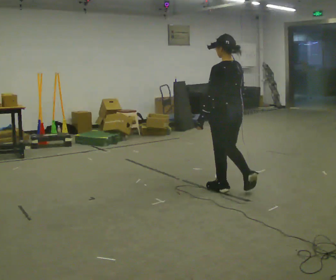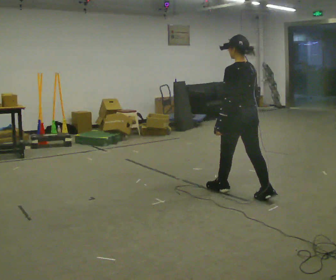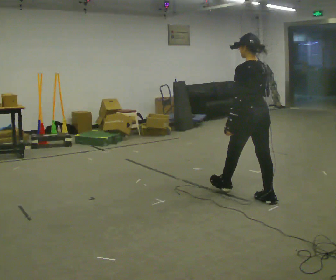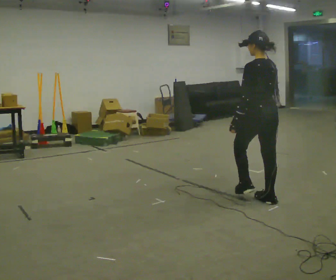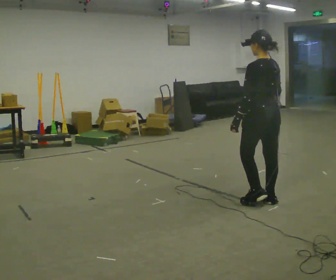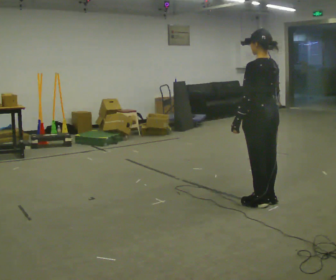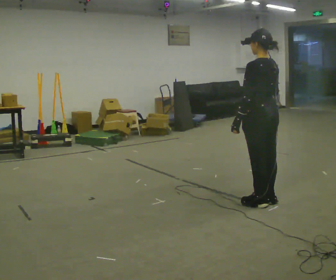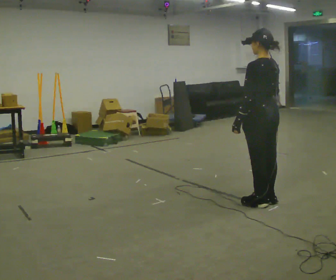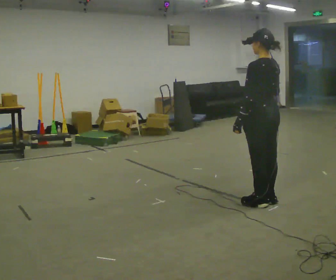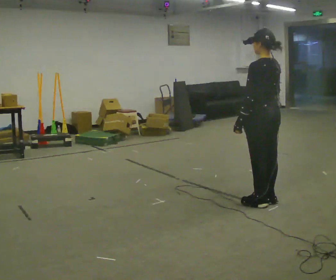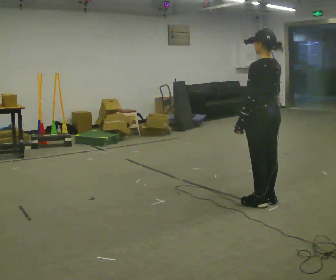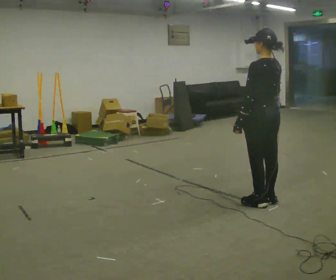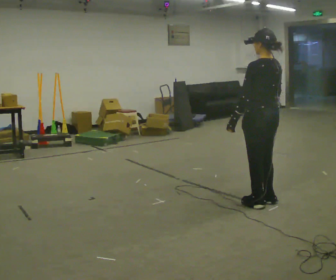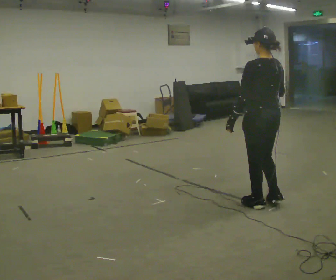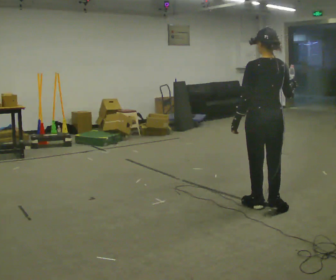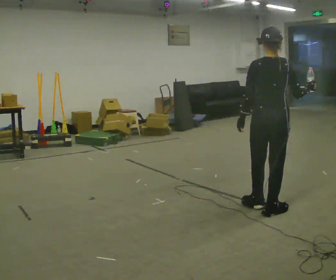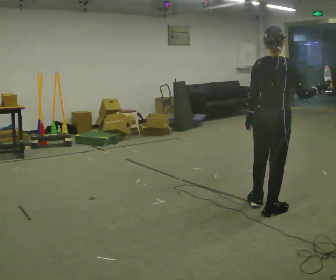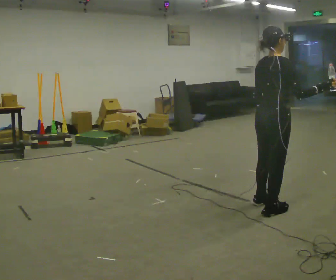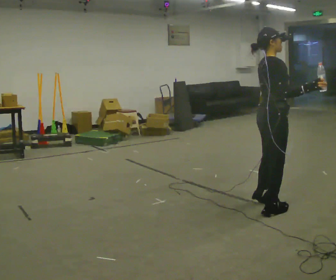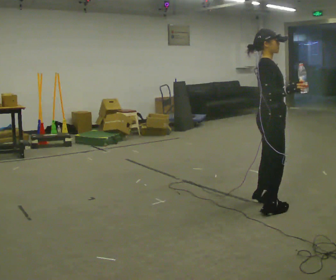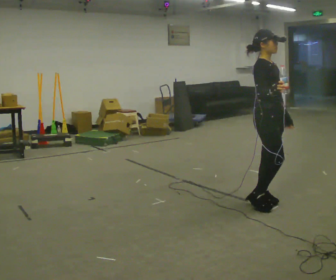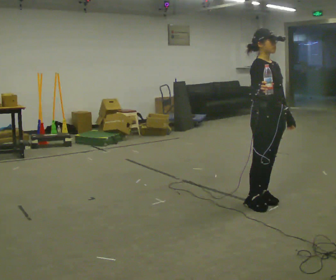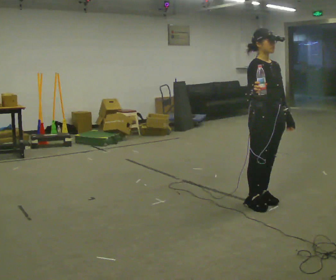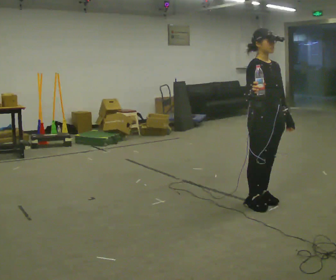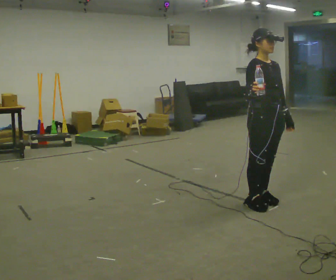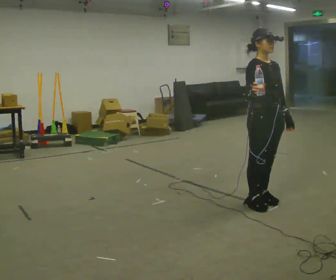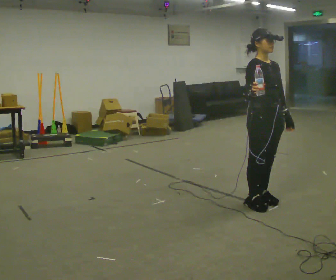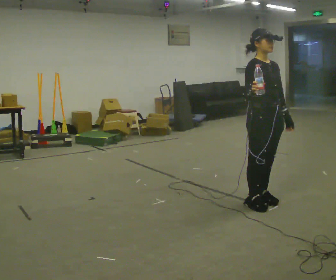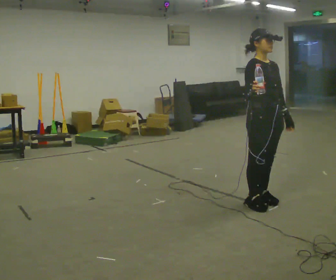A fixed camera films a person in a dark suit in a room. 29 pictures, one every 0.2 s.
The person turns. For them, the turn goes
to their right.
The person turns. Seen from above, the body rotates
clockwise.
0.0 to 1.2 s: In the picture they go to the right and toward the camera, about 0.5 m in 1 step, which for them is backward.
1.2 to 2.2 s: The person moves a little, or ends about where they began.
2.2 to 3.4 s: The part of the body nearest the lens slides to the left as the person turns to their right by about 90 degrees. In the picture they go toward the camera, about 0.25 m in 1 step. In the picture their right hand goes to the right.
3.4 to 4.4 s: Seen from above the body turns clockwise, about 90 degrees: to their right, with its near side sliding to the left. In the picture they go away from the camera, about 0.25 m in 1 step. In the picture their right hand goes to the left.
4.4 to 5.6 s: The person keeps their place and pose.
The film runs backward here.
